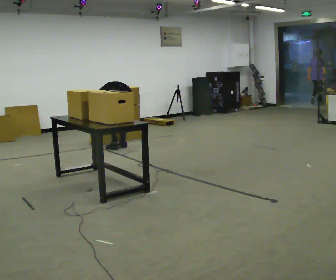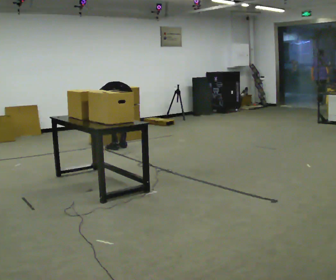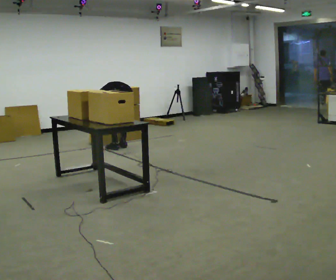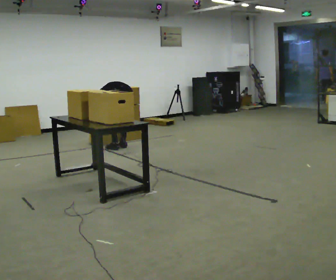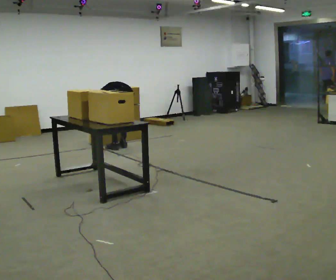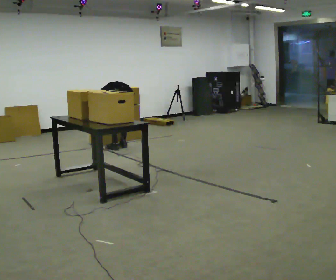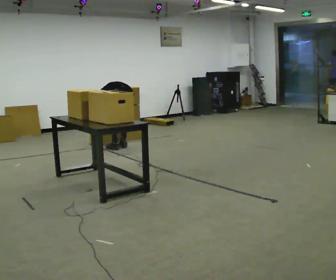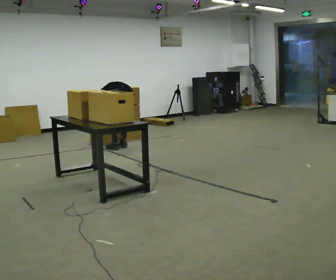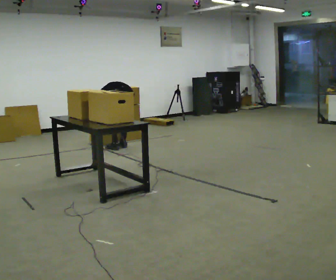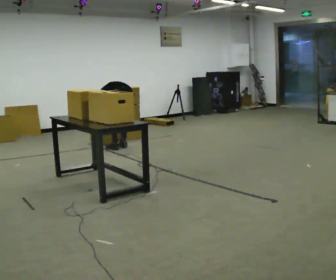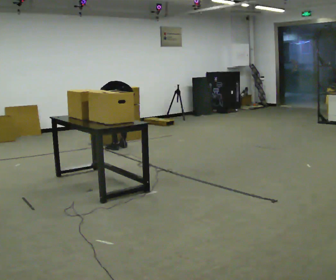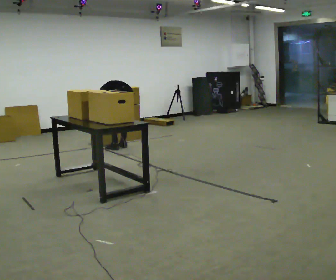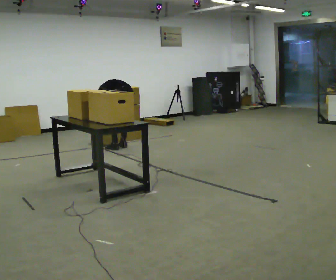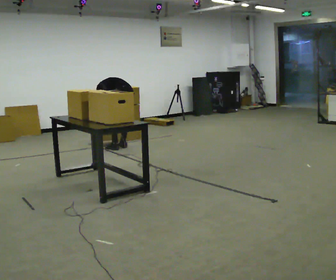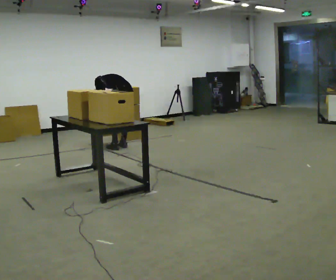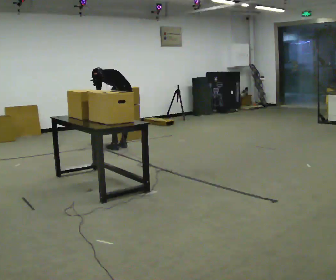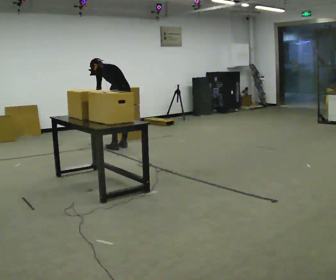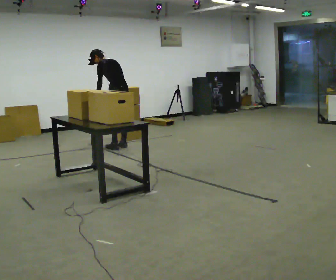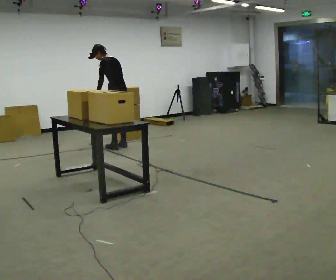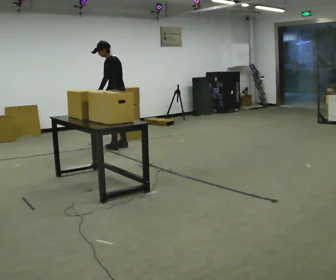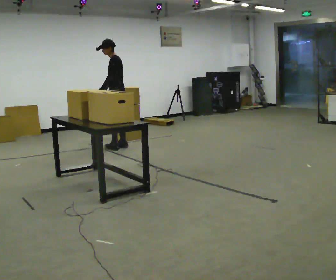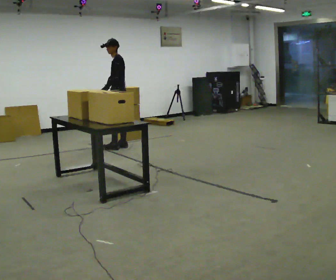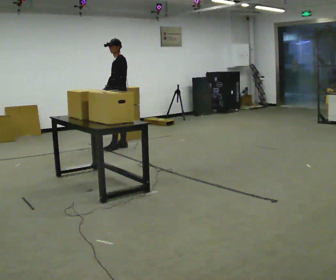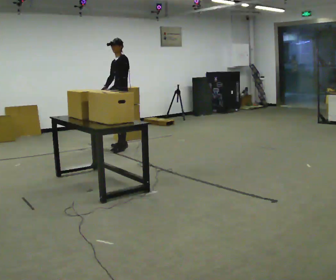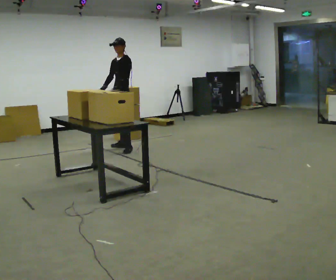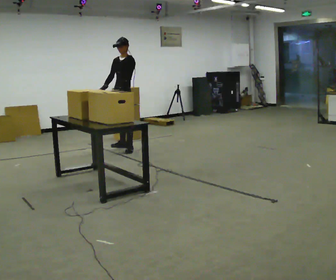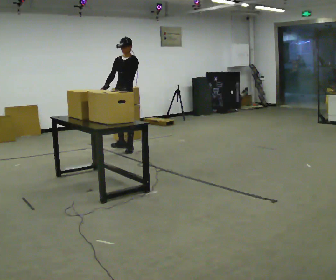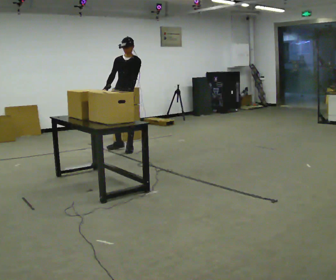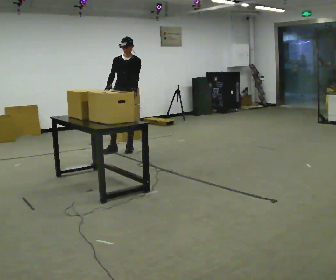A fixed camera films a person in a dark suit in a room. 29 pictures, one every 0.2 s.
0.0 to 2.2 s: The person moves a little, or ends about where they began.
2.2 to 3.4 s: The upper body goes upward. The upper body tips toward the camera, its near side rolling downward, as they lean back or straighten. In the picture their right hand goes upward.
3.4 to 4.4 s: Seen from above the body turns counterclockwise, about 45 degrees: to their left, with its near side sliding to the right. In the picture the upper body tilts clockwise, shoulders to the right, as they lean back or straighten.
4.4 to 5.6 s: Seen from above the body turns counterclockwise, about 60 degrees: to their left, with its near side sliding to the right. In the picture they go toward the camera, about 0.25 m in 1 step, which for them is to their left and forward.
The film runs forward here.
